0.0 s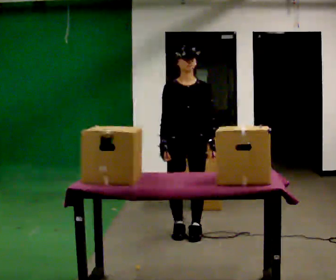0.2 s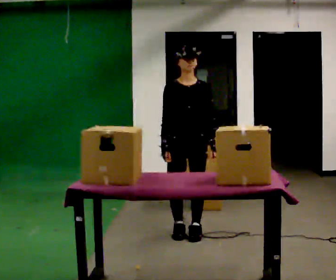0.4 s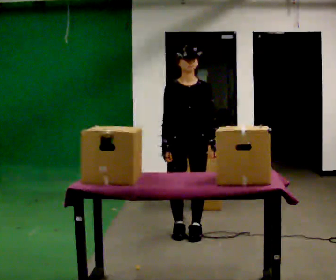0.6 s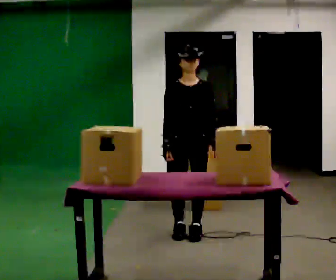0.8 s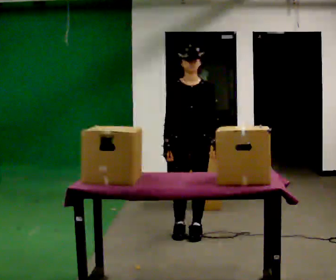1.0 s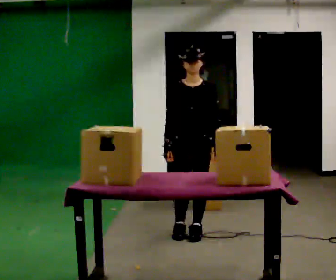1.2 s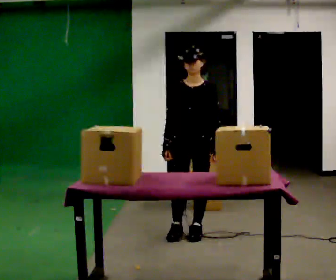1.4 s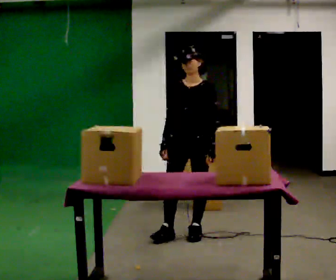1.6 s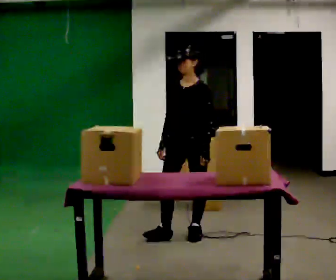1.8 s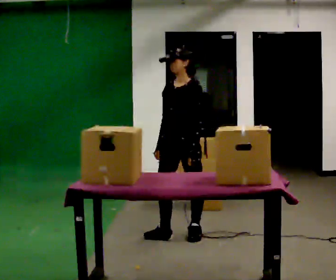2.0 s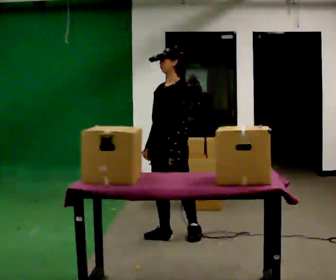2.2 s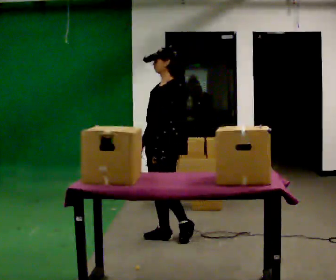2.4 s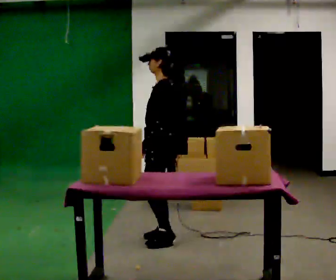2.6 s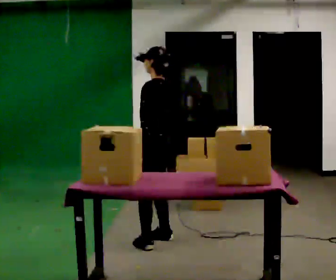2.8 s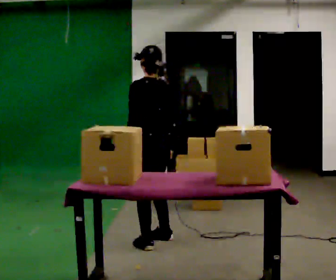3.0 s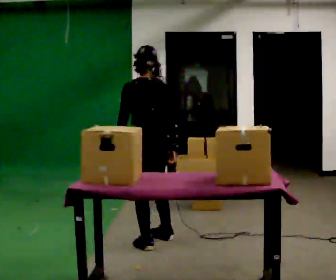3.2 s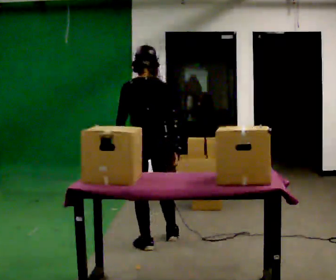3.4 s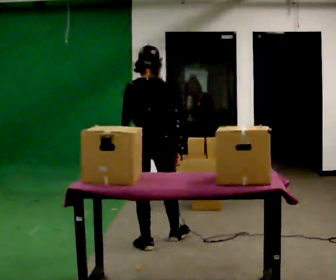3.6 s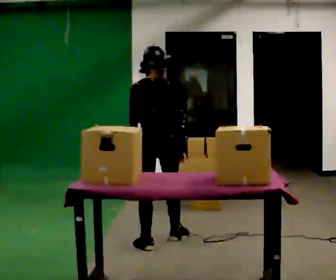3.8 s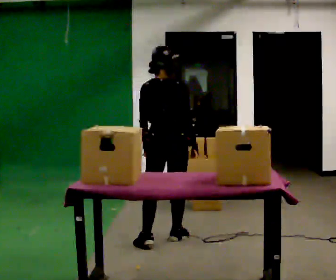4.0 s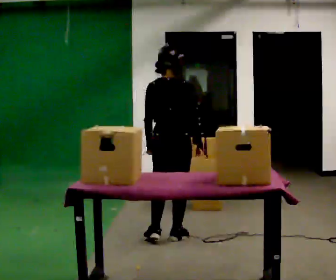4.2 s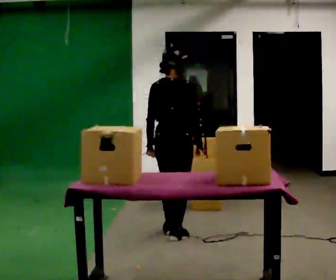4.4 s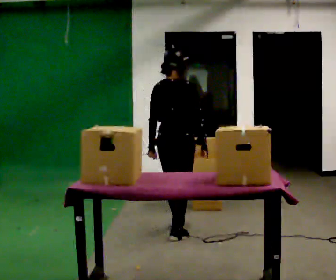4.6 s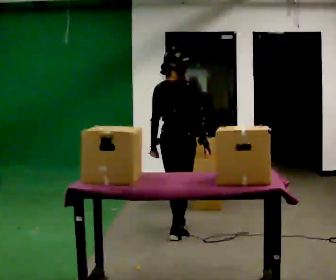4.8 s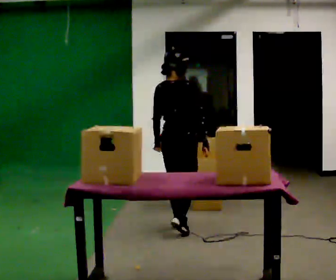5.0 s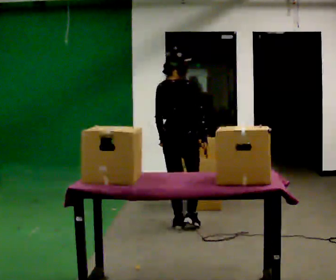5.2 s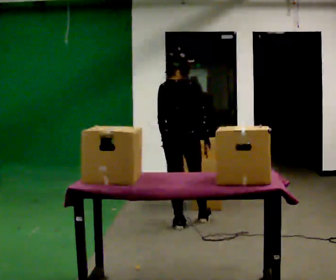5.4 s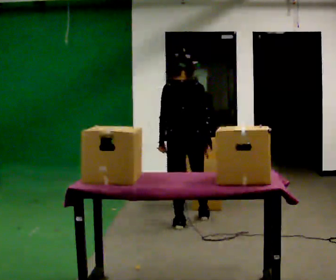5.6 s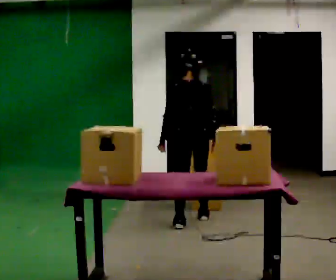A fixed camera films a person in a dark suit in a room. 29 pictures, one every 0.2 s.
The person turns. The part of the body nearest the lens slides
to the left.
The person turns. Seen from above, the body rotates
clockwise.
0.0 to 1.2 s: The person moves a little, or ends about where they began.
1.2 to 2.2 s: Seen from above the body turns clockwise, about 60 degrees: to their right, with its near side sliding to the left. In the picture they go to the left, about 0.25 m in 1 step, which for them is forward. In the picture their left hand goes to the left.
2.2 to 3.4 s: The part of the body nearest the lens slides to the left as the person turns to their right by about 105 degrees. In the picture they go toward the camera, about 0.25 m in 1 step. In the picture their right hand goes to the right, the arm swinging counterclockwise.
3.4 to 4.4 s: In the picture they go away from the camera and to the right, about 0.25 m in 1 step, which for them is forward and to their right.
4.4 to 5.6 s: In the picture they go away from the camera, about 0.5 m in 1 step, which for them is forward.
The film runs forward here.
